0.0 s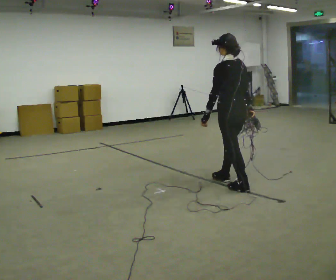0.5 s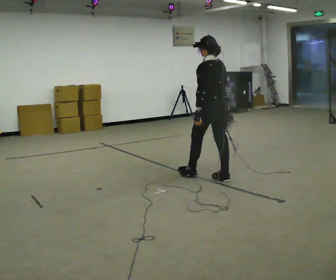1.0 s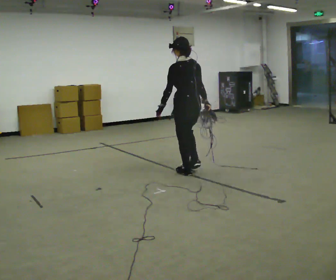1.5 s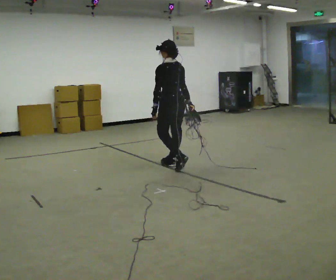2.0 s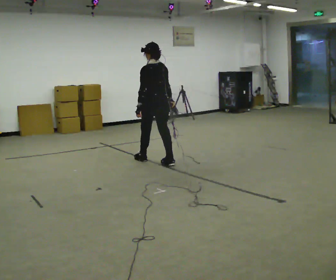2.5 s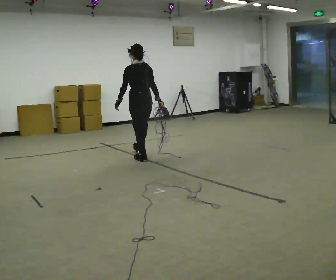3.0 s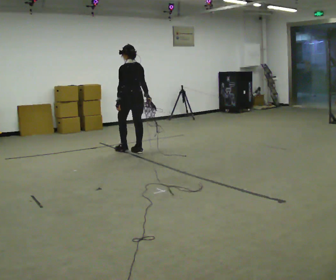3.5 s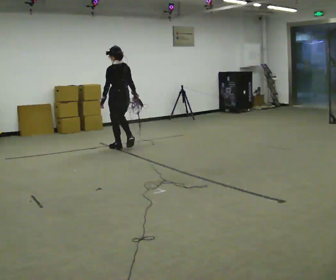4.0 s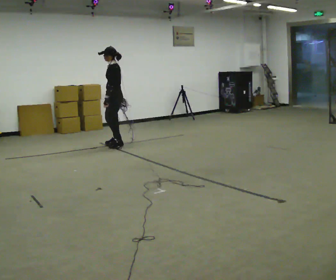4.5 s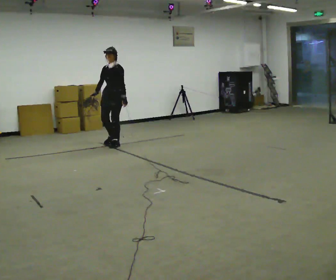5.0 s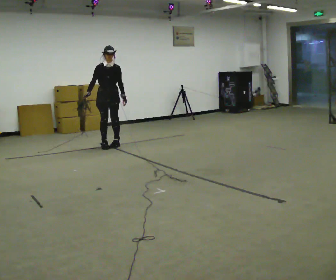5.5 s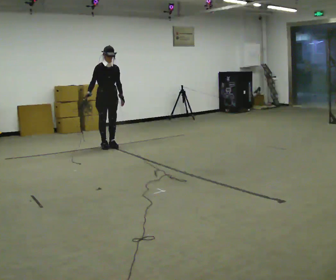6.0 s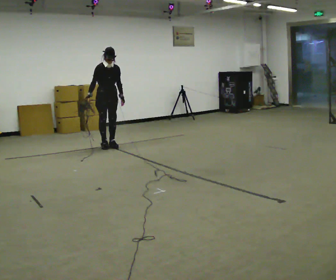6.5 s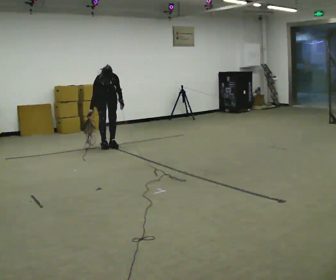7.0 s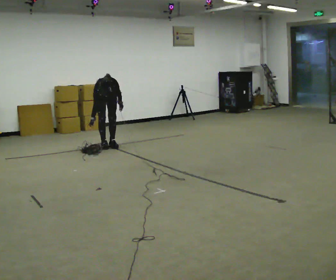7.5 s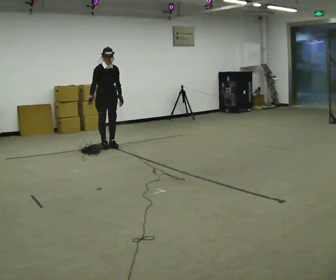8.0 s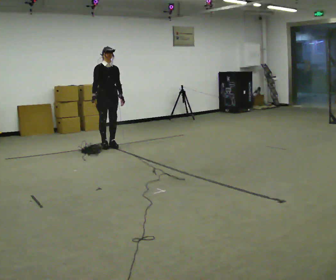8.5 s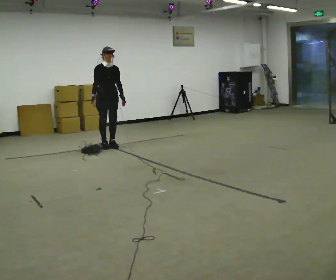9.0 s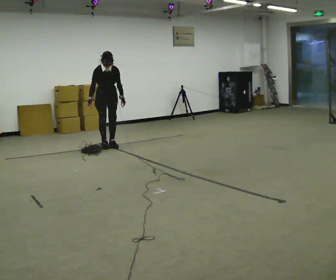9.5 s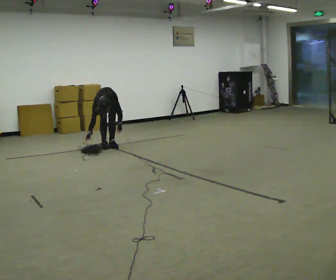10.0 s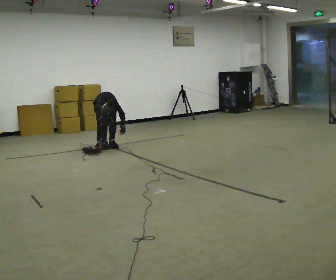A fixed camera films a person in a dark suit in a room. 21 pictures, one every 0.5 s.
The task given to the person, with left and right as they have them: Pick up the coiled hose, carry it across the room, and set it down. It will move around as you walk. Keep going until the operator says stop; one object at a time, and do not rush between trips.
0.0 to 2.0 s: In the picture they go away from the camera and to the left, about 1.5 m in 3 steps, which for them is forward.
2.0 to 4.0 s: The part of the body nearest the lens slides to the right as the person turns to their left by about 60 degrees. In the picture they go away from the camera and to the left, about 1.5 m in 3 steps.
4.0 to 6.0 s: Seen from above the body turns counterclockwise, about 120 degrees: to their left, with its near side sliding to the right. In the picture they go to the left, about 0.25 m in 2 steps. In the picture their right hand goes to the left.
6.0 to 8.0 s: The person moves a little, or ends about where they began.
8.0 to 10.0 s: The shoulders move downward. The upper body tips toward the camera, its near side rolling downward, as they bend forward. In the picture their left hand goes downward.
The film runs forward here.
